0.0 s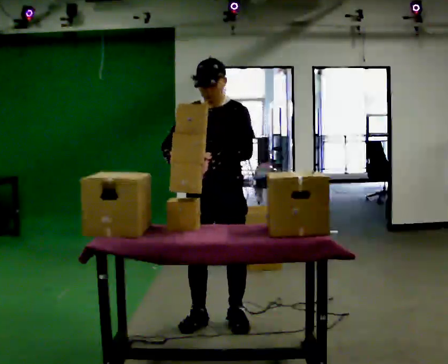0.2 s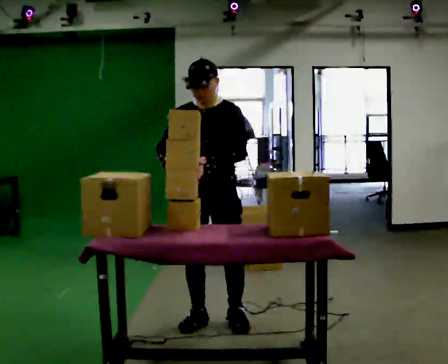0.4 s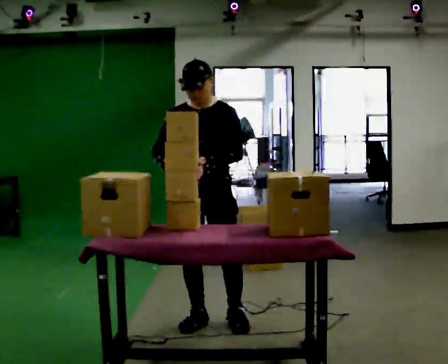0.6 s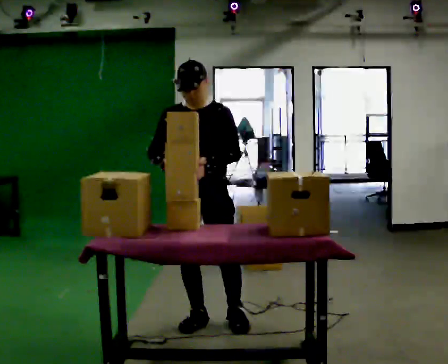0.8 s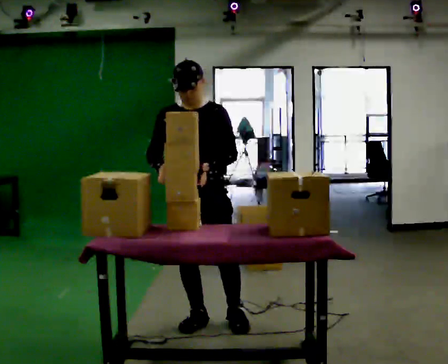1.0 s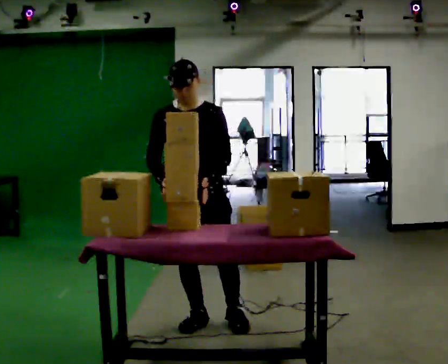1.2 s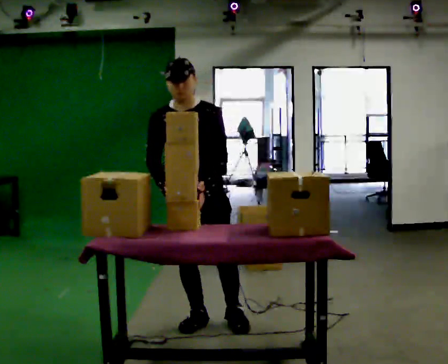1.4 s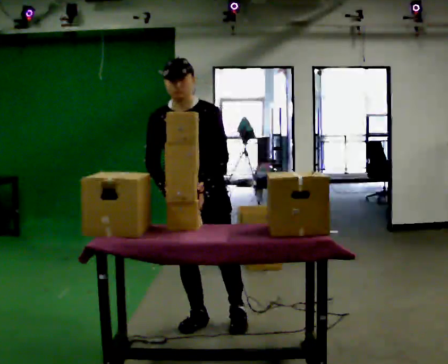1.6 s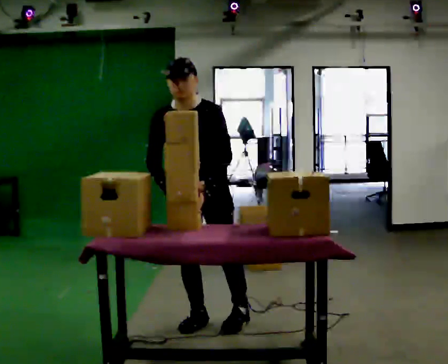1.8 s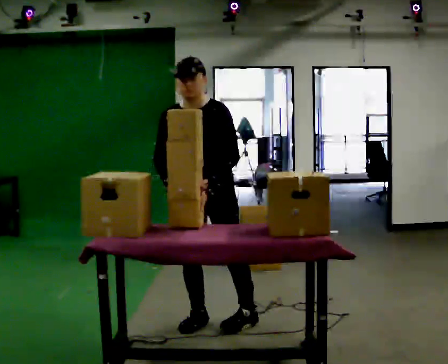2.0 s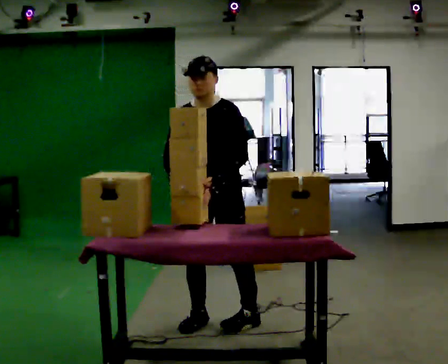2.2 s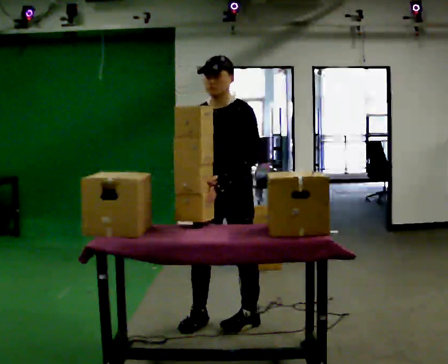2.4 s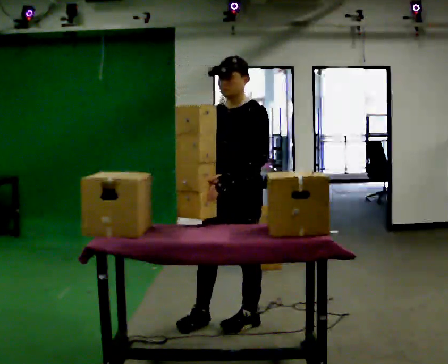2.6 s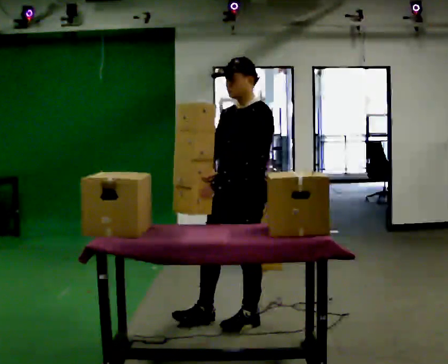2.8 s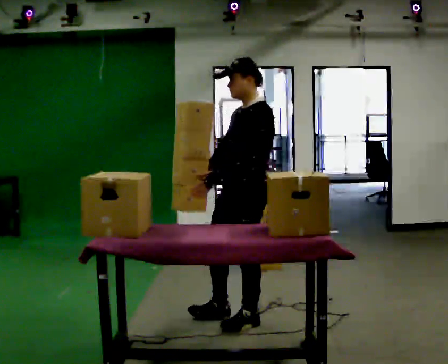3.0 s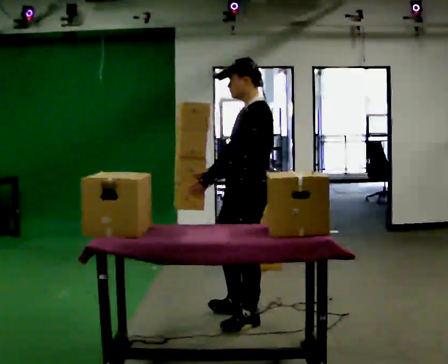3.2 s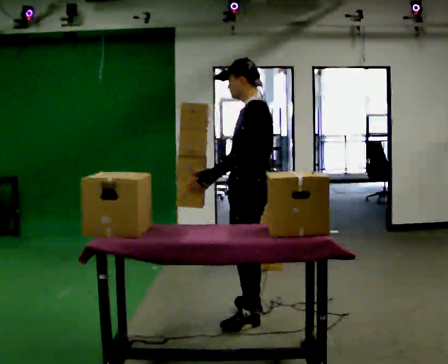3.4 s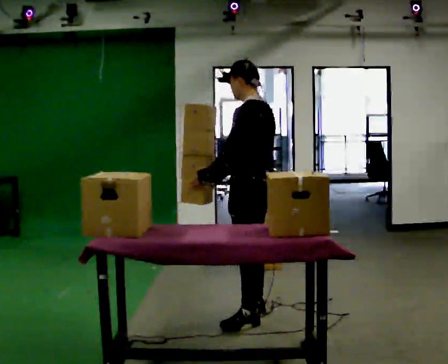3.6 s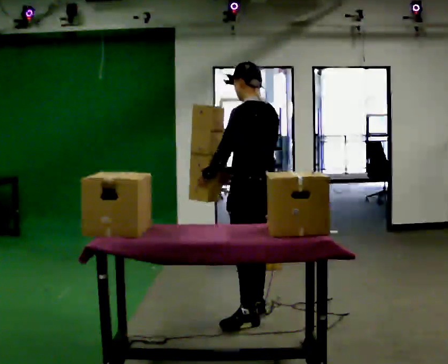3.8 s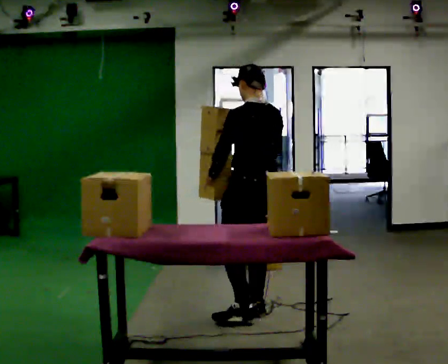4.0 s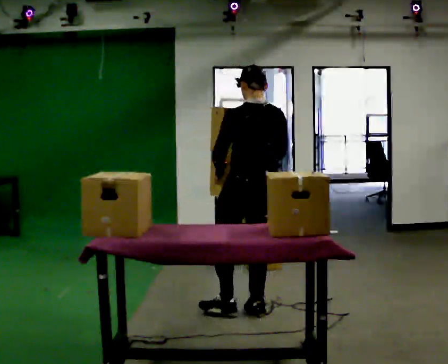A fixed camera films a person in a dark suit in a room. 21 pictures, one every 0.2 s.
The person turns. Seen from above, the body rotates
clockwise.
The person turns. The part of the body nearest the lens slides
to the left.
0.0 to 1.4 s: The person moves a little, or ends about where they began.
1.4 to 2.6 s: The person turns about 60 degrees to their right, clockwise seen from above, so the part of the body nearest the lens slides to the left. In the picture they go to the right, about 0.25 m, which for them is to their left. In the picture the upper body tilts clockwise, shoulders to the right, as they lean back or straighten.
2.6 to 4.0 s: The part of the body nearest the lens slides to the left as the person turns to their right by about 90 degrees. In the picture they go away from the camera, about 0.25 m in 1 step.
The film runs forward here.
